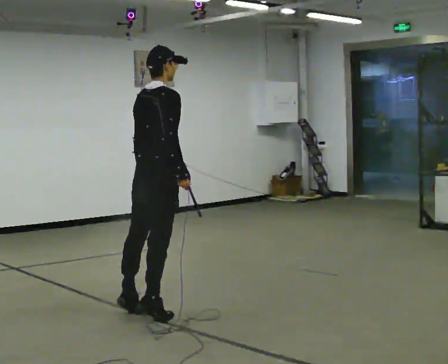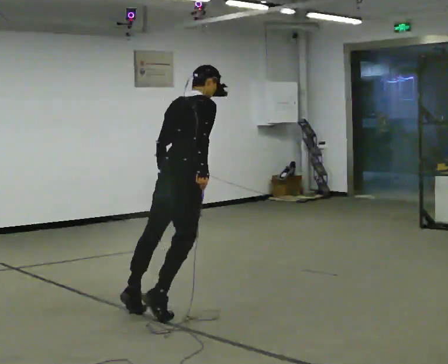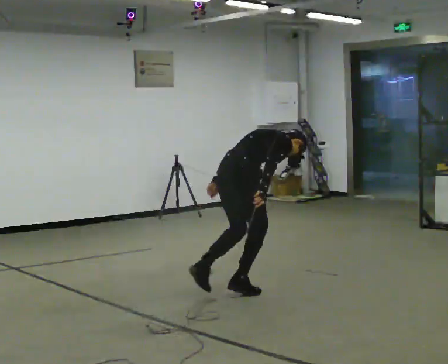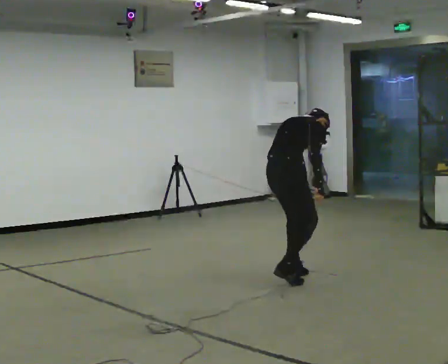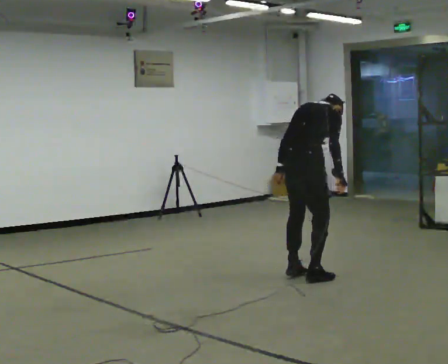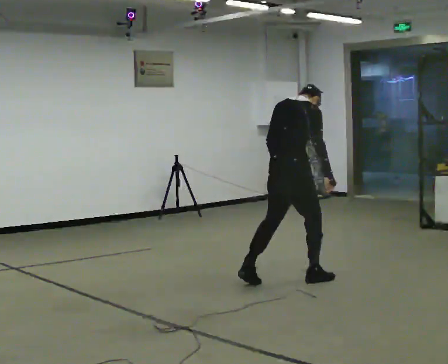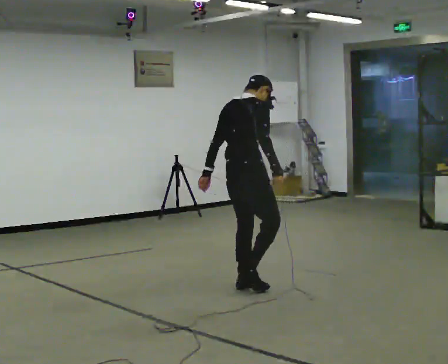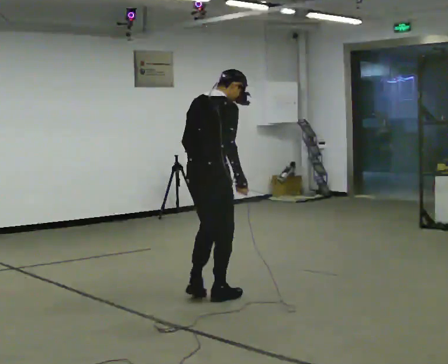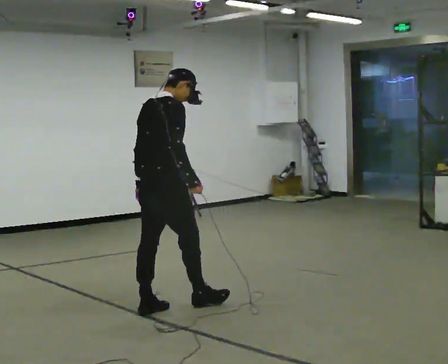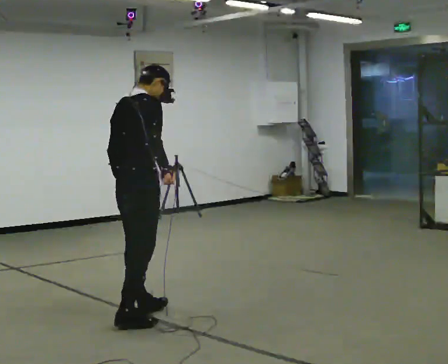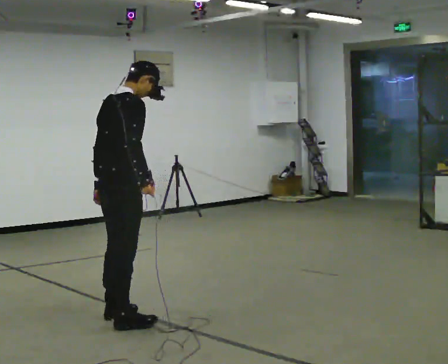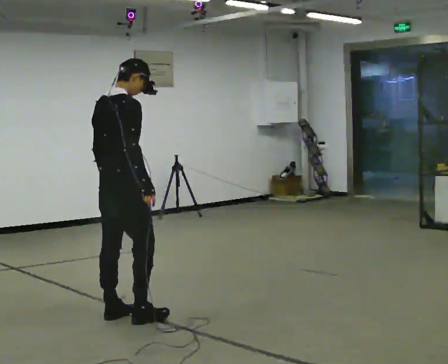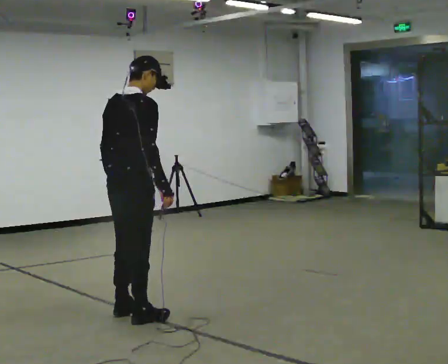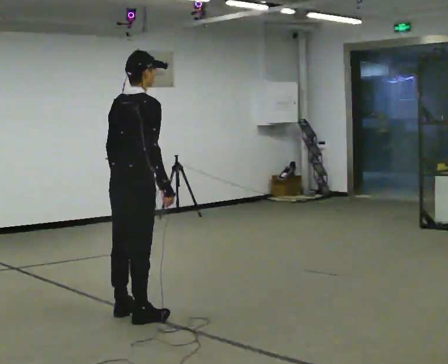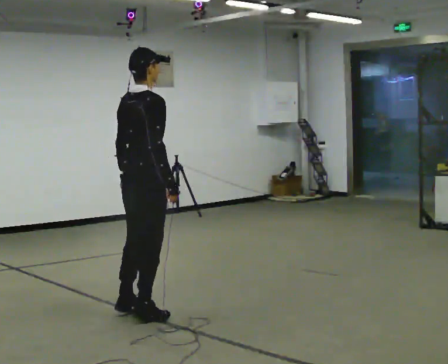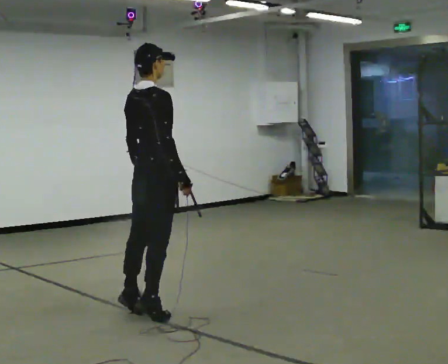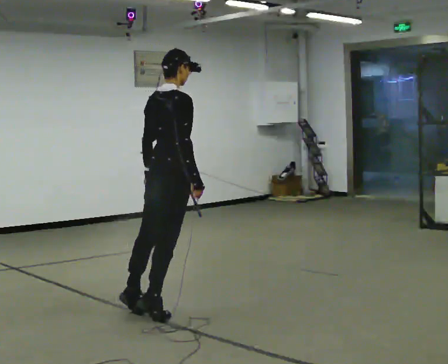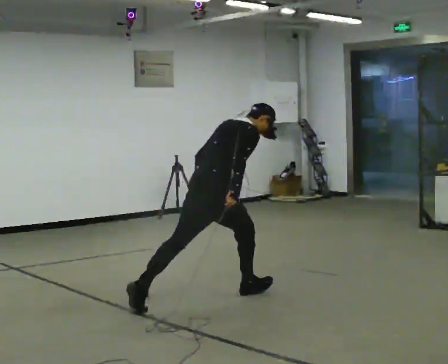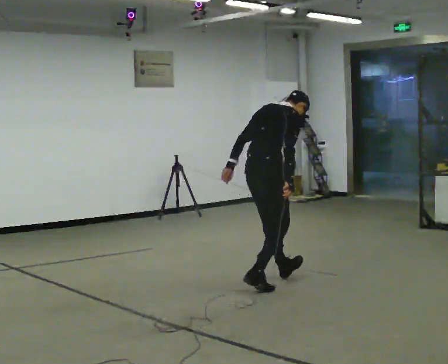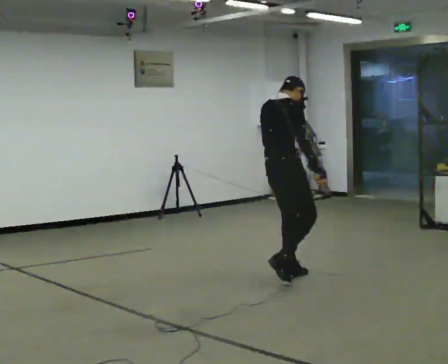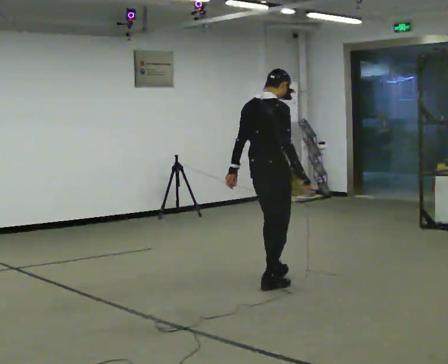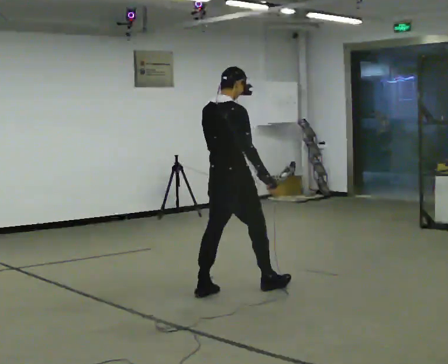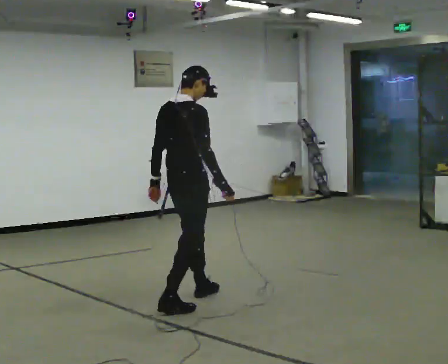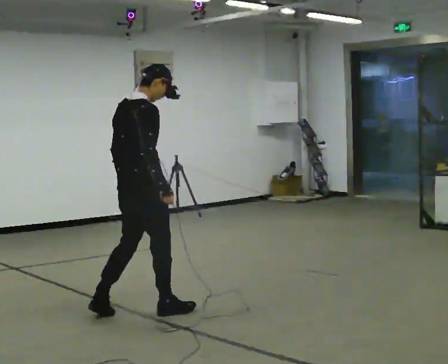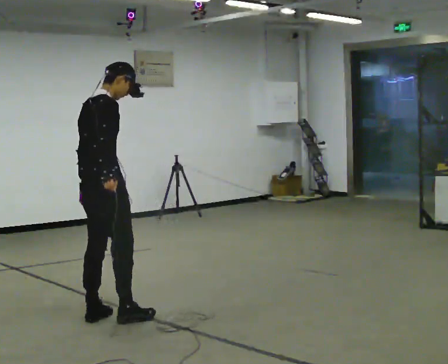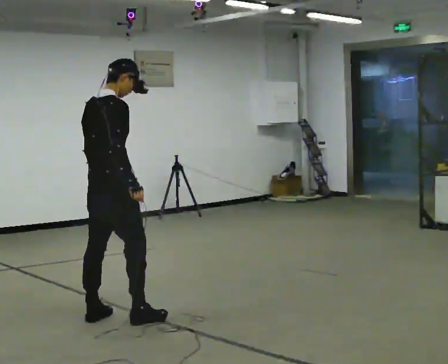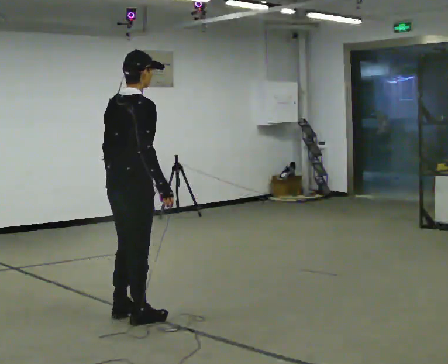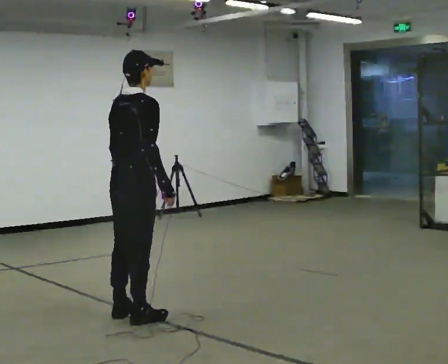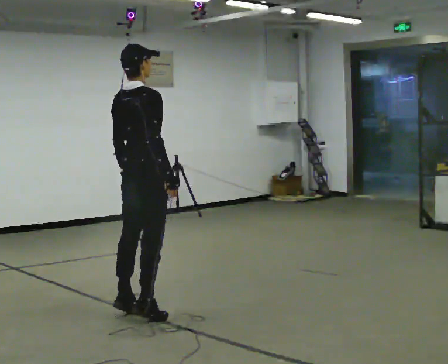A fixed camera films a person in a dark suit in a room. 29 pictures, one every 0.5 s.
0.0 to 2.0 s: In the picture they go to the right and away from the camera, about 1.5 m in 3 steps, which for them is forward.
2.0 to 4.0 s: In the picture they go to the left and toward the camera, about 1.5 m in 3 steps, which for them is backward.
4.0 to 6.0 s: In the picture they go toward the camera and to the left, about 0.25 m in 2 steps, which for them is backward.
6.0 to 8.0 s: In the picture they go to the right and away from the camera, about 0.5 m, which for them is forward.
8.0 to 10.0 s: In the picture they go to the right and away from the camera, about 1 m in 3 steps, which for them is forward.
10.0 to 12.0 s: In the picture they go to the left and toward the camera, about 1.5 m in 4 steps, which for them is backward.
12.0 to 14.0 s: In the picture they go to the right, about 0.25 m in 1 step, which for them is forward and to their right.
The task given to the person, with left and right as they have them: Stand on the marked spots and rise up onto your toes. Stay up until you start to topple forward, then step to catch yourself. Repeat at your own pace until the operator says stop. Go slowly and only as far as you are comfortable. Step whenever you need to; do not try to hold on longer than feels safe.
The film runs forward here.
